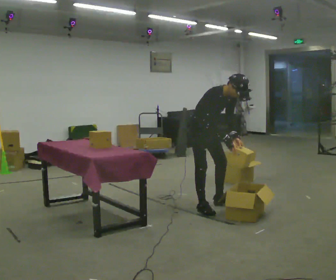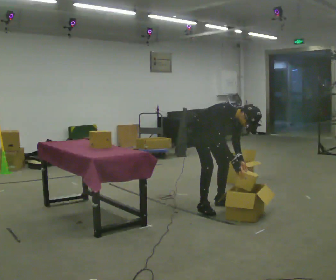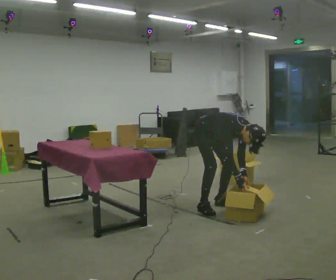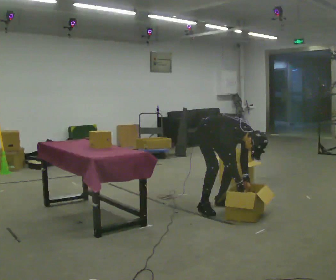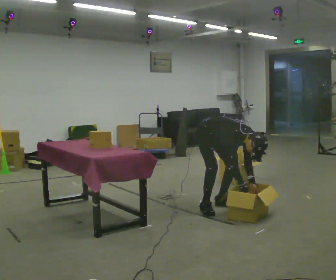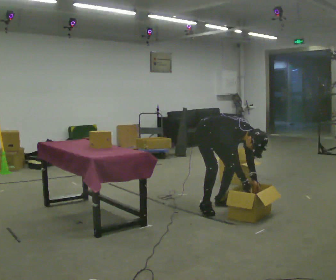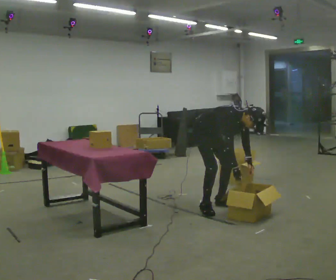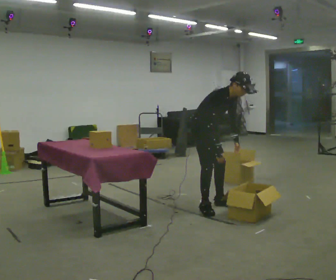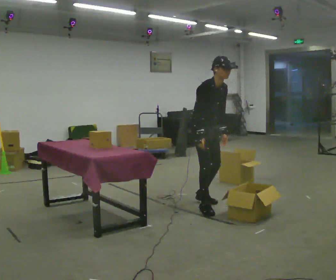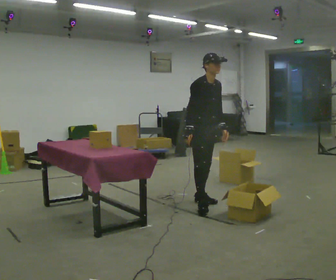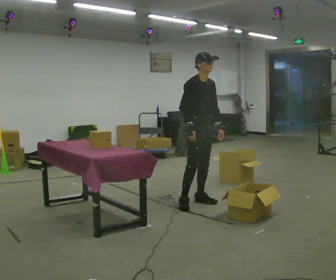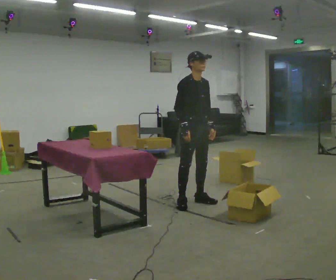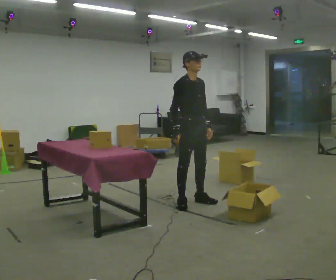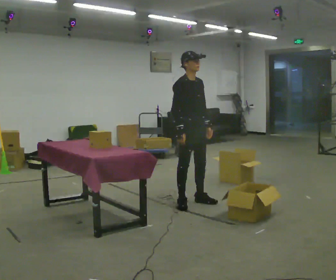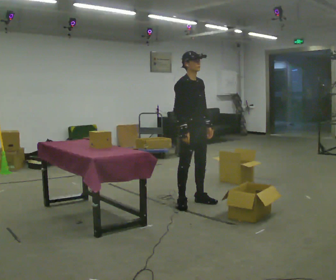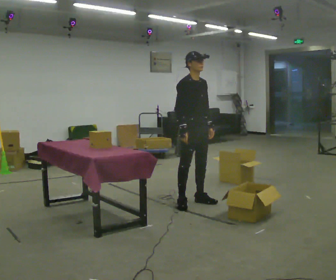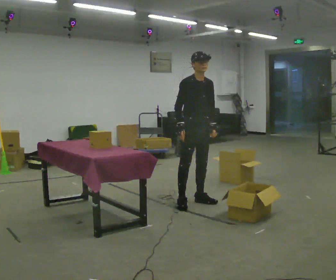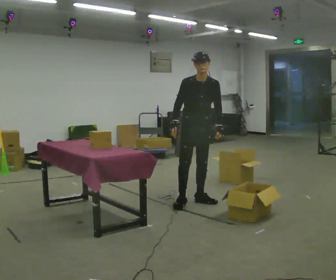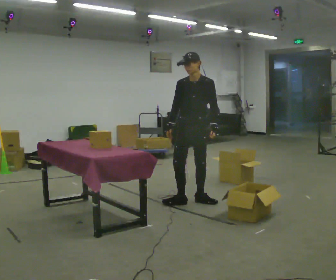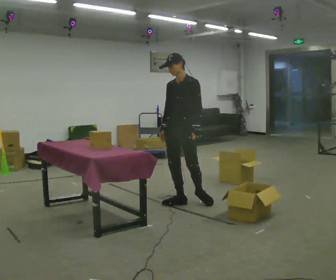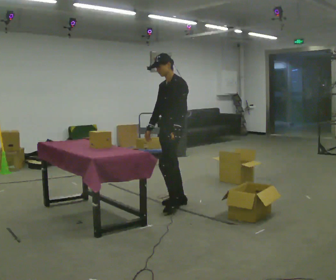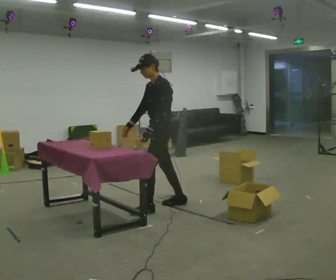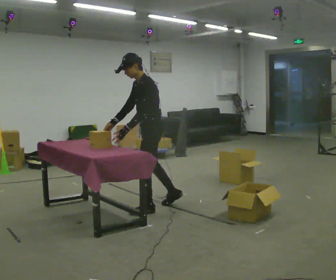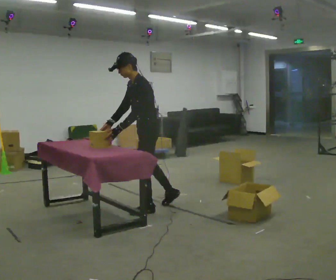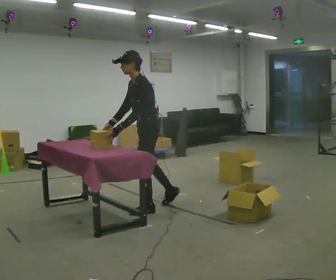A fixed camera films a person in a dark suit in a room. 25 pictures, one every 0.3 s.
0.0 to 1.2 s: The upper body goes downward. In the picture the upper body tilts clockwise, shoulders to the right, as they bend forward. In the picture their right hand goes downward.
1.2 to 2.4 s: The shoulders move upward. The upper body tips away from the camera, its near side rolling upward, as they lean back or straighten. In the picture their right hand goes upward and to the left.
2.4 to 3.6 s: In the picture the upper body tilts counterclockwise, shoulders to the left, as they lean back or straighten.
3.6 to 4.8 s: The person moves a little, or ends about where they began.
4.8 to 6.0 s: Seen from above the body turns clockwise, about 90 degrees: to their right, with its near side sliding to the left. In the picture they go to the left, about 0.25 m. In the picture their left hand goes to the left.
6.0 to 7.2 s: In the picture they go to the left and toward the camera, about 0.25 m in 1 step, which for them is forward and to their left. In the picture the upper body tilts counterclockwise, shoulders to the left, as they bend forward.
The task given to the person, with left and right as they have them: Take each object from the table and put it in the bin that matches it, walking between the bins. Keep going until the operator says stop; one object at a time, and do not rush between trips.
The film runs forward here.
